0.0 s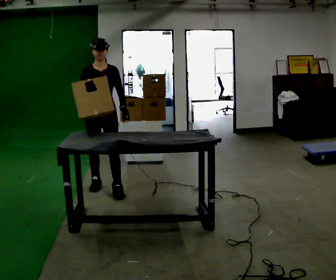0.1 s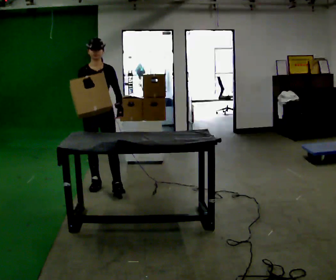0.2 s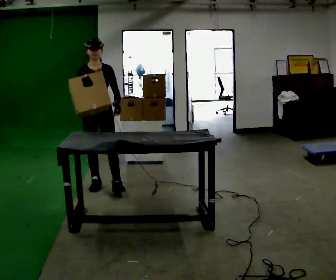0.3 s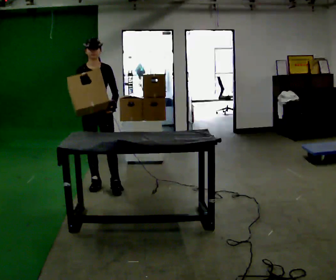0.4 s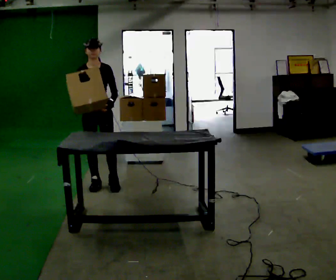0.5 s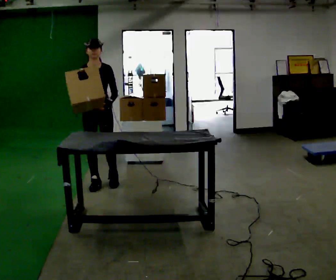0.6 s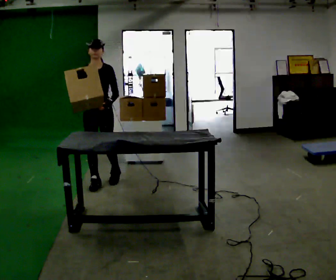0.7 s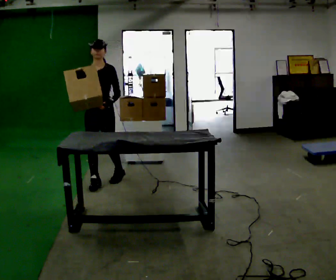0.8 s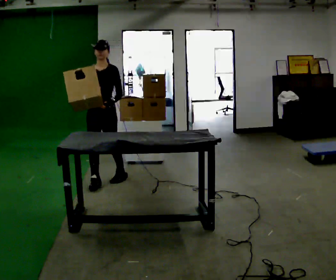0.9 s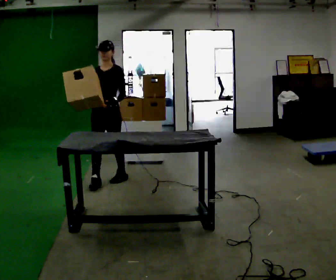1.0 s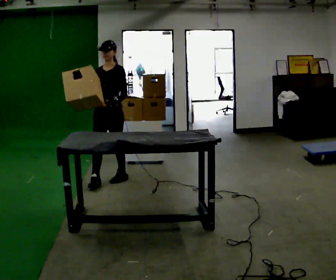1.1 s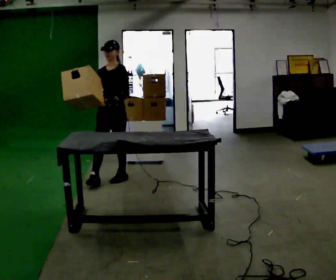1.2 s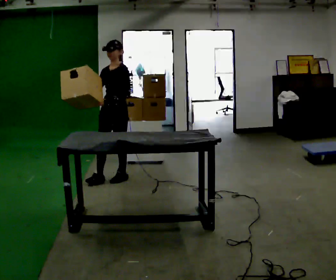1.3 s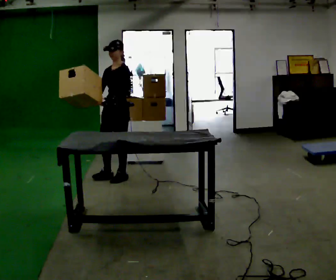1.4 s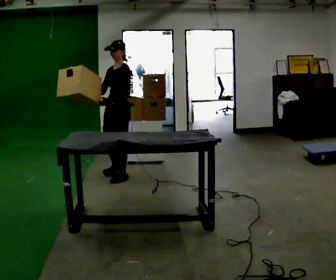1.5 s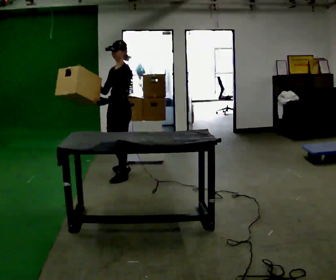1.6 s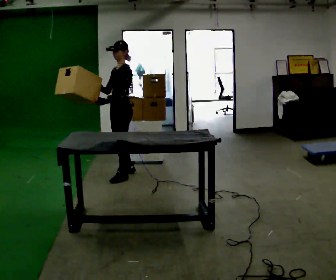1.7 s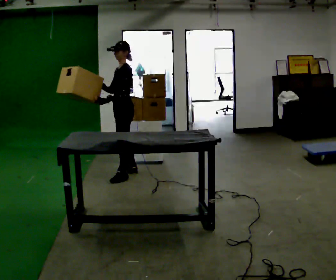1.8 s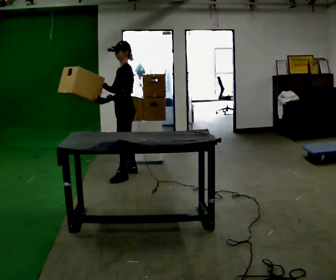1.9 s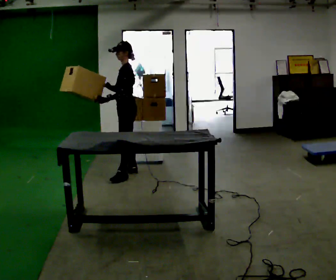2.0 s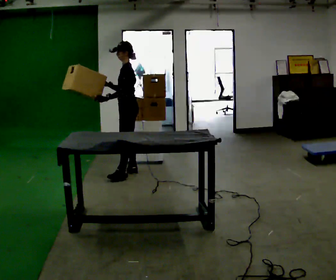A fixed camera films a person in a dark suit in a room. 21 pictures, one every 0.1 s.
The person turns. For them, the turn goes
to their right.
Their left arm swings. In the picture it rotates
clockwise.
0.0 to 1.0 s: Seen from above the body turns clockwise, about 30 degrees: to their right, with its near side sliding to the left. In the picture they go away from the camera, about 0.25 m in 1 step, which for them is backward.
1.0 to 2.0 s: The part of the body nearest the lens slides to the left as the person turns to their right by about 75 degrees. In the picture they go away from the camera and to the right, about 0.5 m in 1 step.
The film runs backward here.
